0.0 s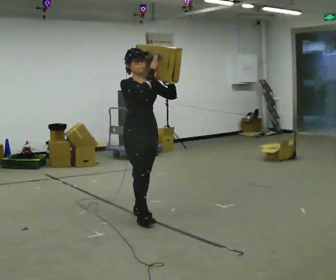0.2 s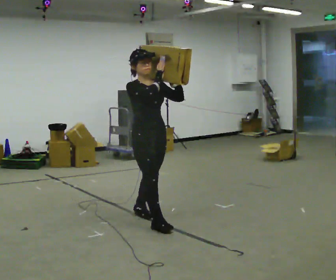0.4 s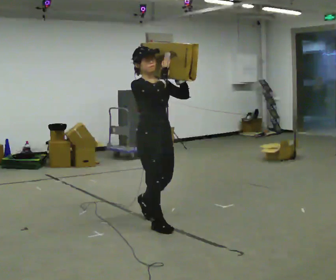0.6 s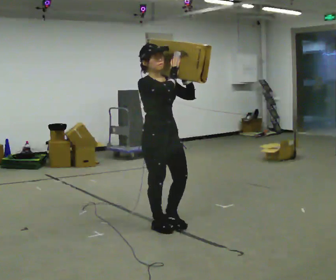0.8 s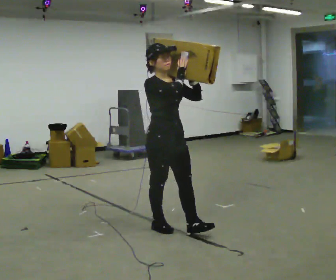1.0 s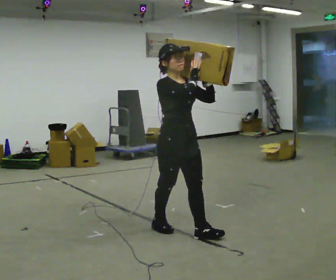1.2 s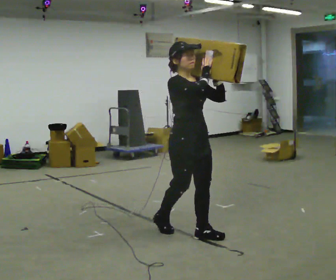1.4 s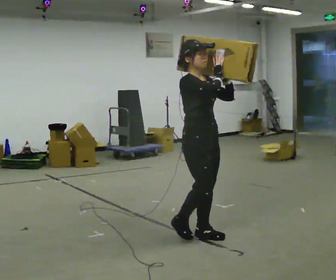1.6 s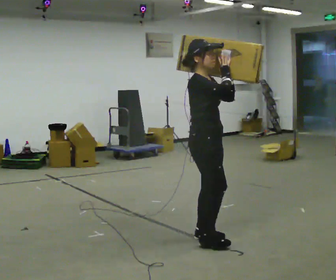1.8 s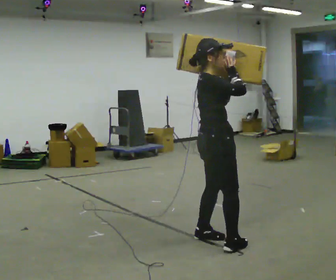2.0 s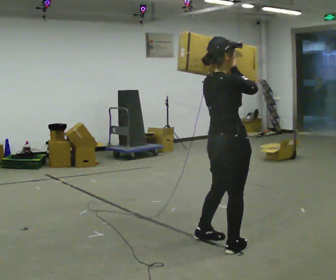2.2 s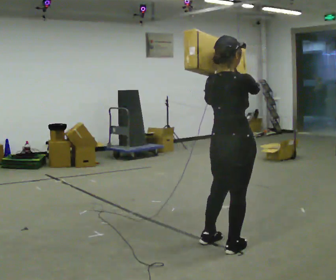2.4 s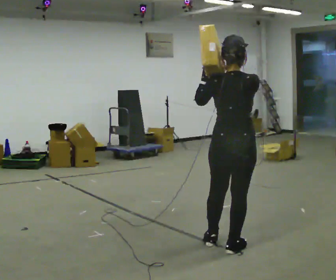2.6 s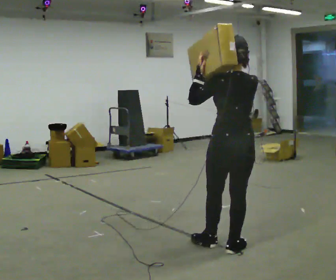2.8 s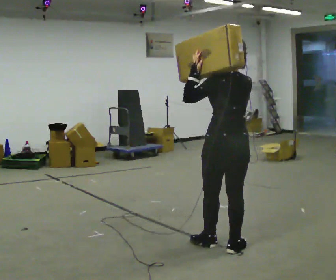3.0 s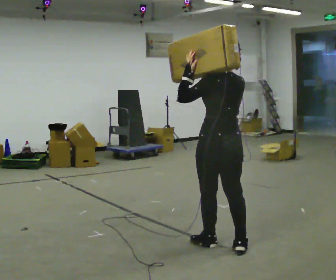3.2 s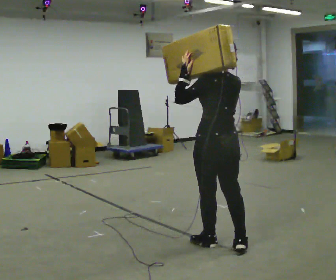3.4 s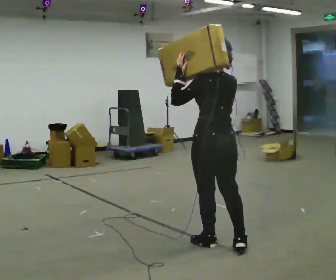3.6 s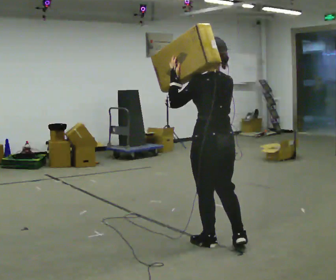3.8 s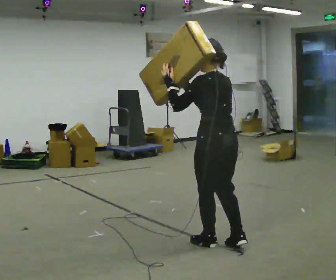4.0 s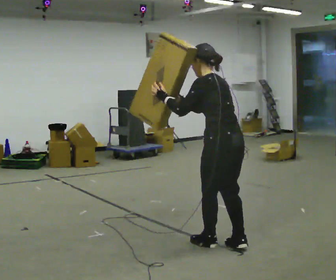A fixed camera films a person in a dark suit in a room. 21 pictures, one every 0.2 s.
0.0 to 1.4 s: In the picture they go toward the camera and to the right, about 1 m in 2 steps, which for them is forward.
1.4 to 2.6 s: The part of the body nearest the lens slides to the right as the person turns to their left by about 135 degrees. In the picture they go toward the camera and to the right, about 0.25 m in 2 steps.
2.6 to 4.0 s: Seen from above the body turns counterclockwise, about 30 degrees: to their left, with its near side sliding to the right. In the picture the upper body tilts counterclockwise, shoulders to the left, as they bend forward. In the picture their right hand goes to the left.
The film runs forward here.
